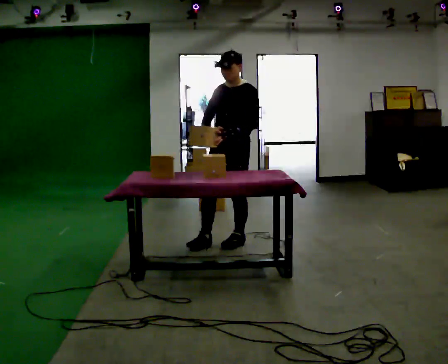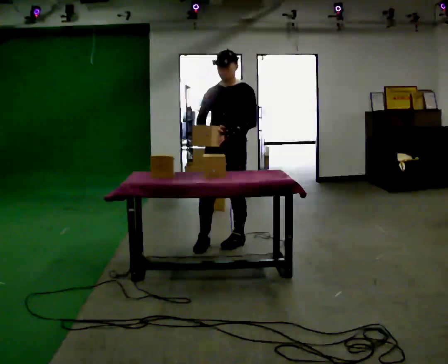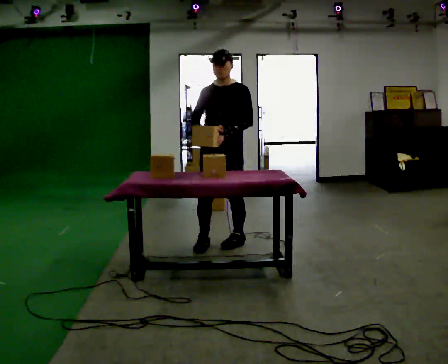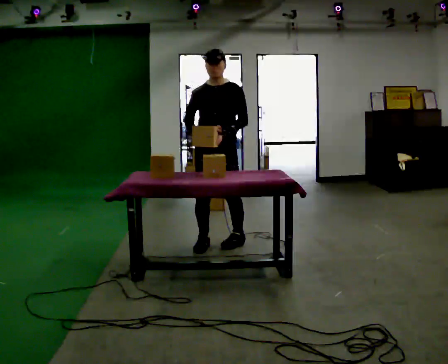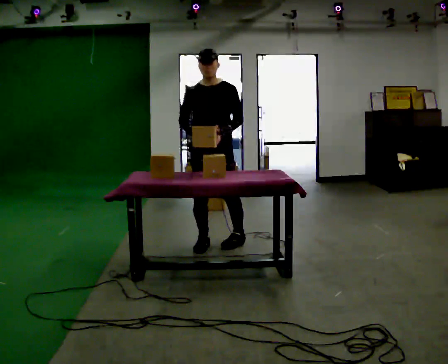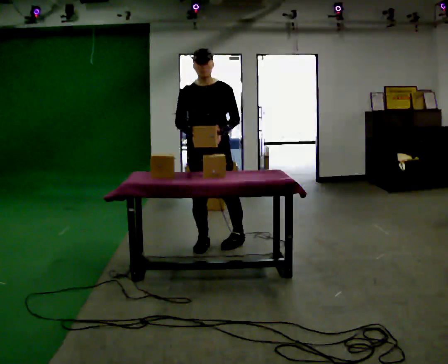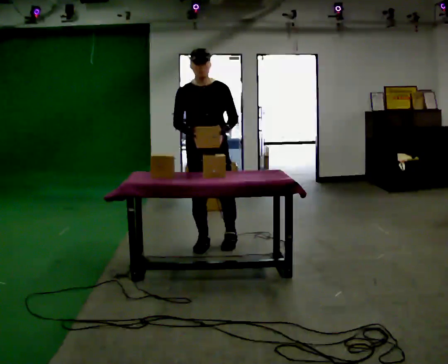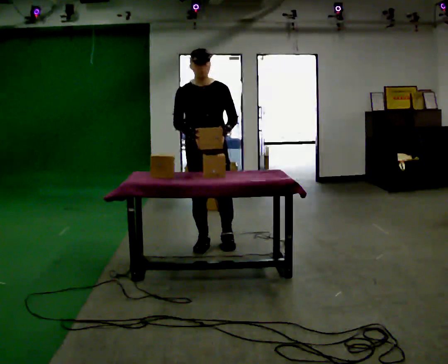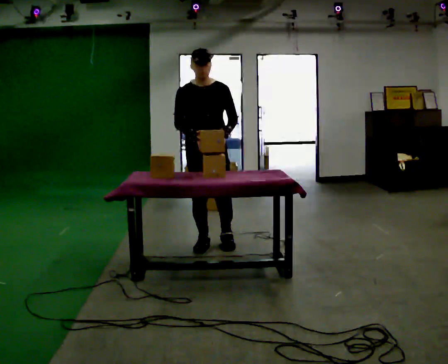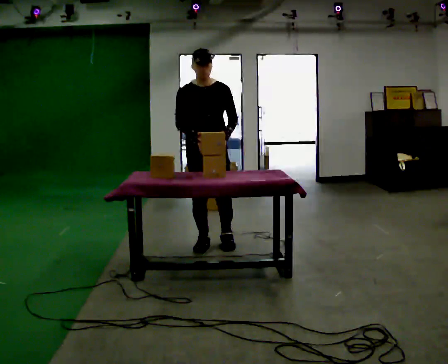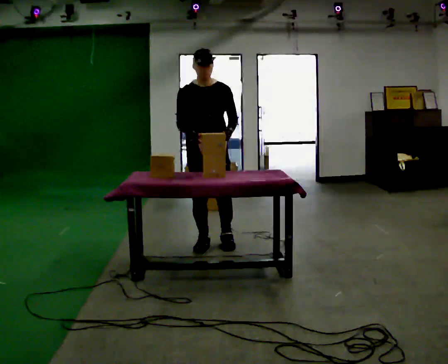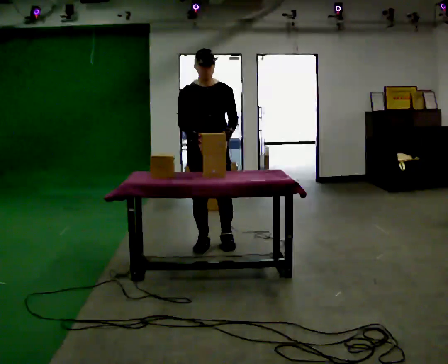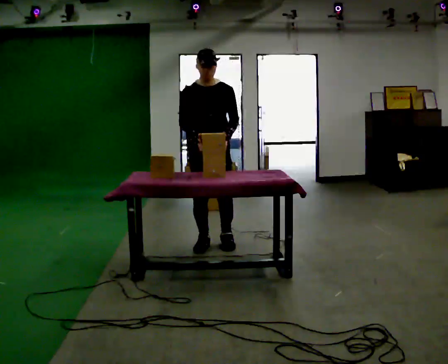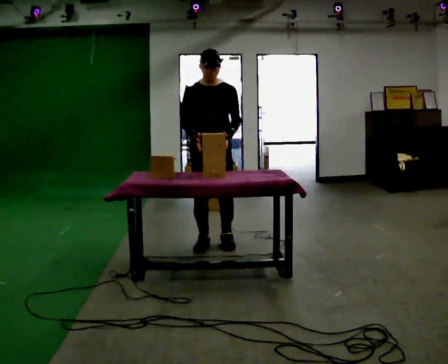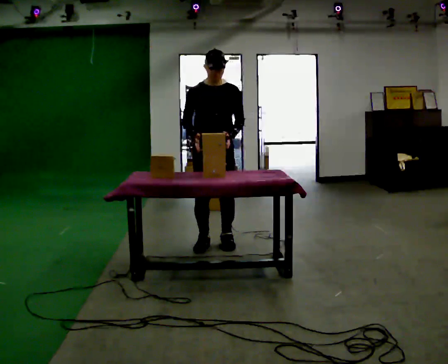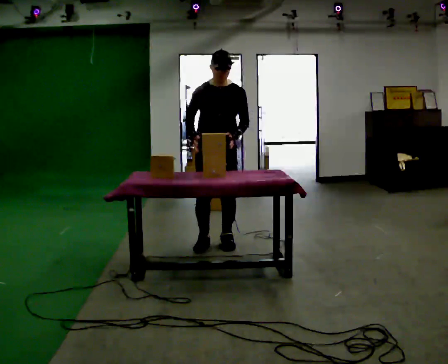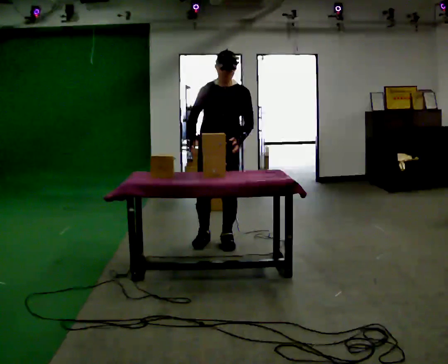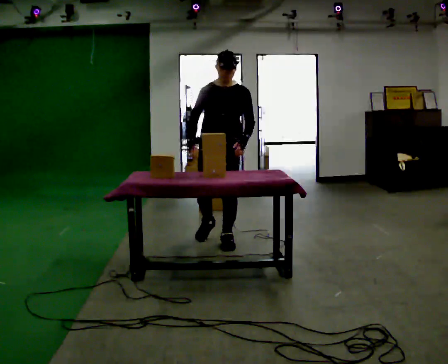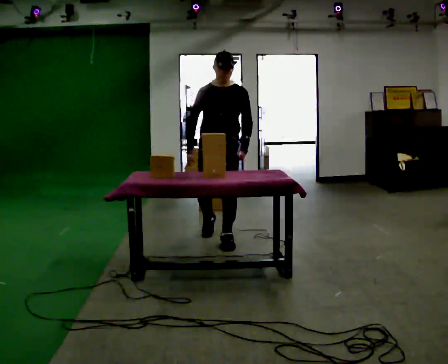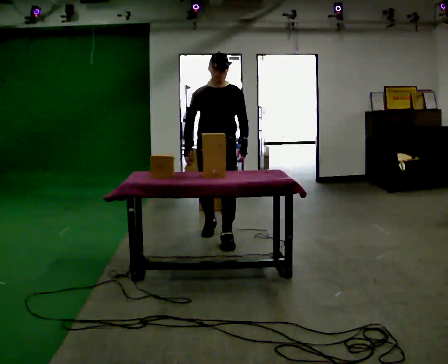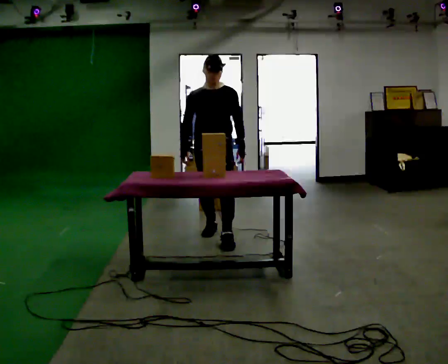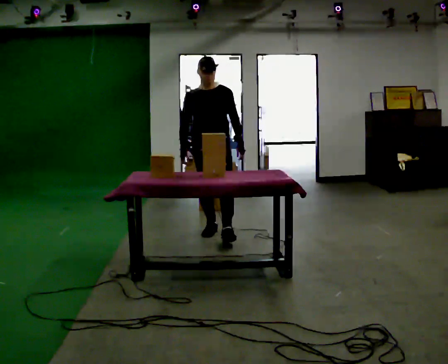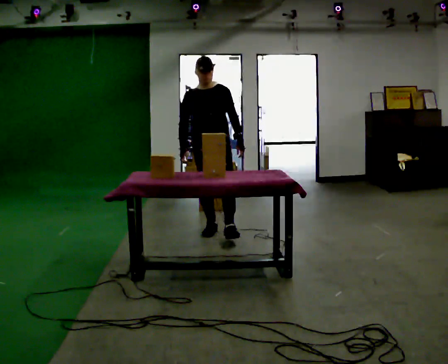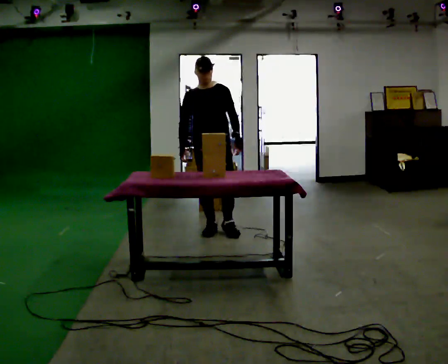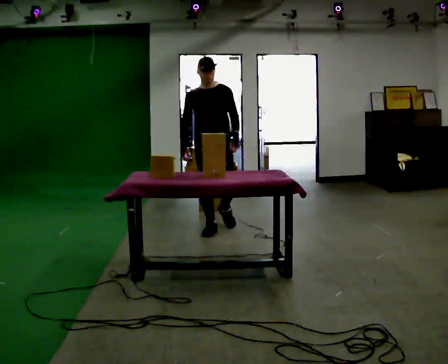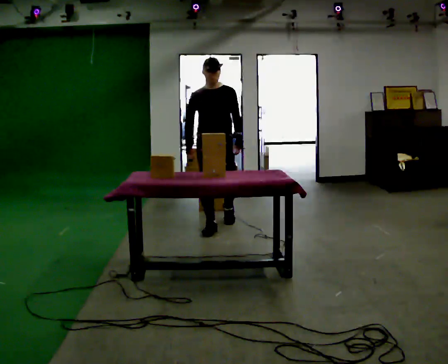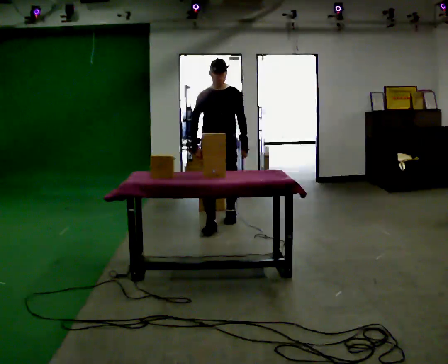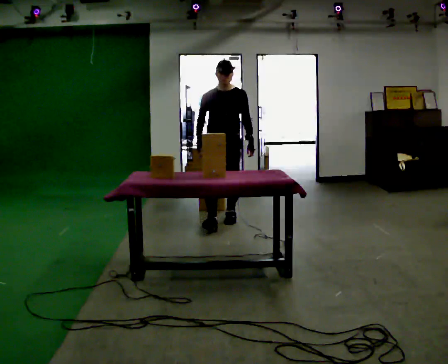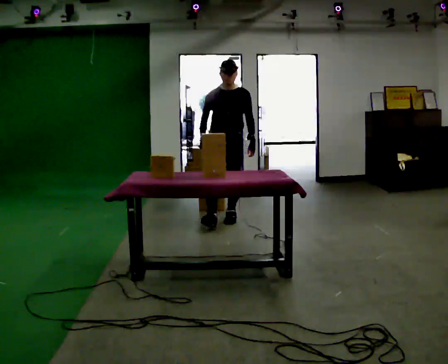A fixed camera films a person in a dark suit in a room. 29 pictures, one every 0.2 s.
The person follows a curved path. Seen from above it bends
clockwise.
The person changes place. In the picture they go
away from the camera.
0.0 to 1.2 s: The person turns about 45 degrees to their left, counterclockwise seen from above, so the part of the body nearest the lens slides to the right. In the picture they go to the left, about 0.25 m, which for them is to their right and forward.
1.2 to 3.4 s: The person moves a little, or ends about where they began.
3.4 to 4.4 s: In the picture they go away from the camera, about 0.5 m in 1 step, which for them is backward and to their right.
4.4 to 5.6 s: In the picture they go away from the camera, about 0.5 m in 1 step, which for them is backward.
The film runs backward here.
